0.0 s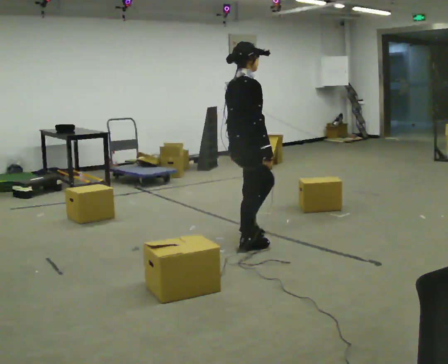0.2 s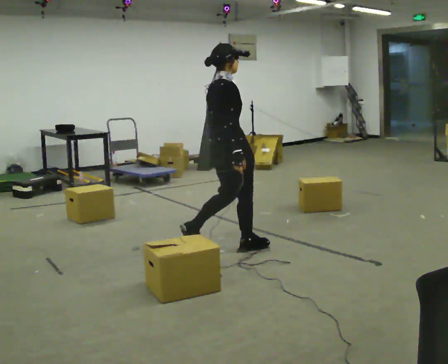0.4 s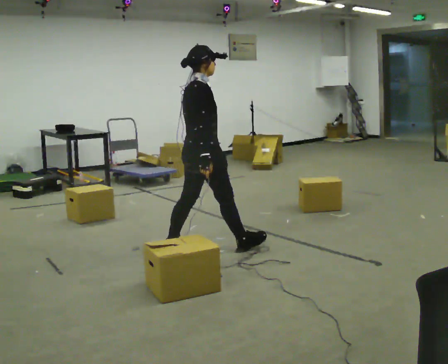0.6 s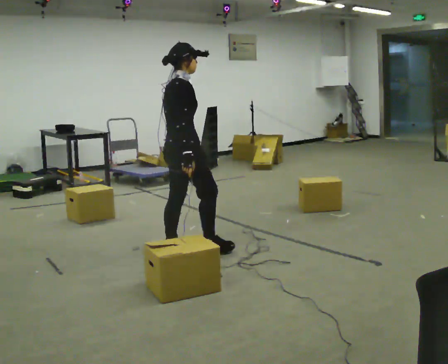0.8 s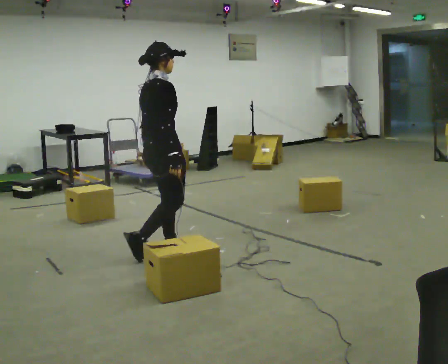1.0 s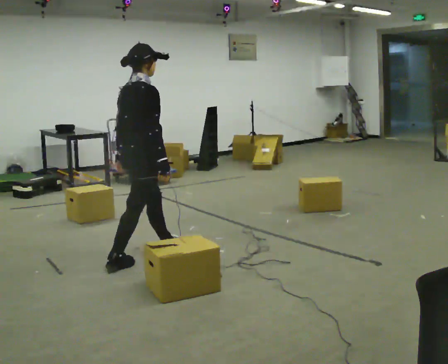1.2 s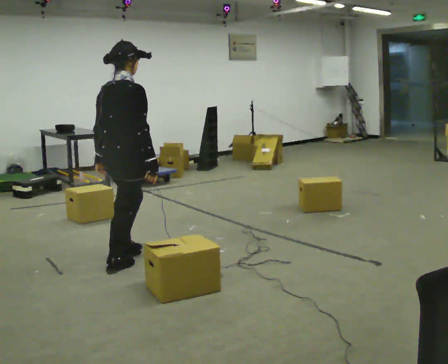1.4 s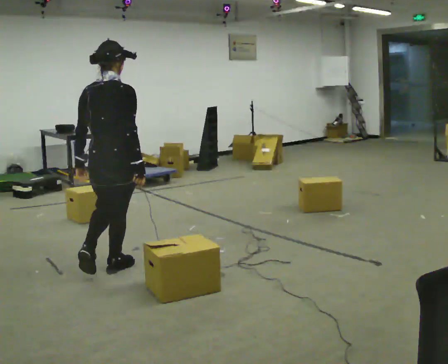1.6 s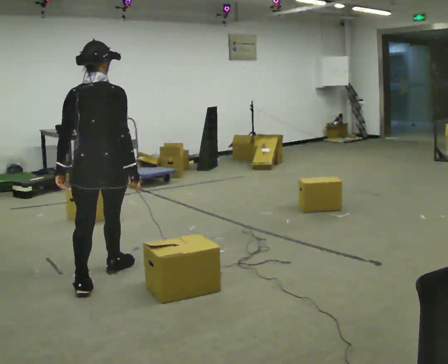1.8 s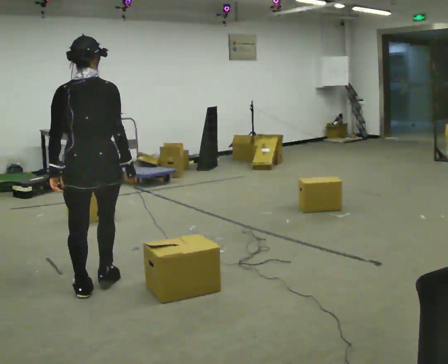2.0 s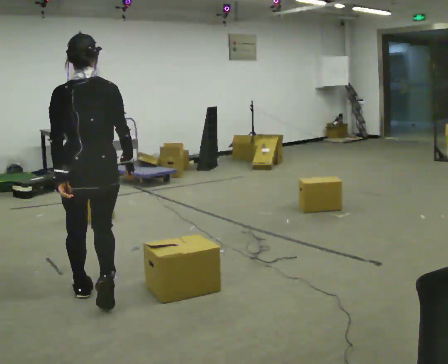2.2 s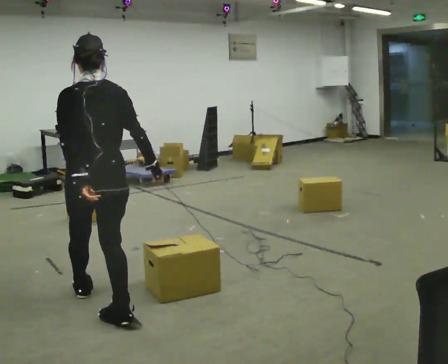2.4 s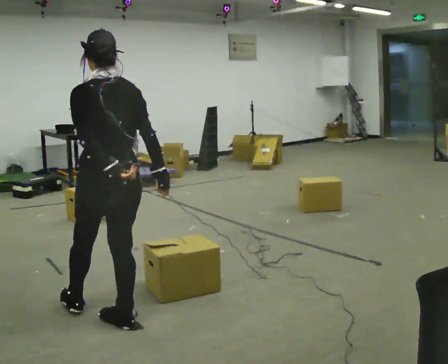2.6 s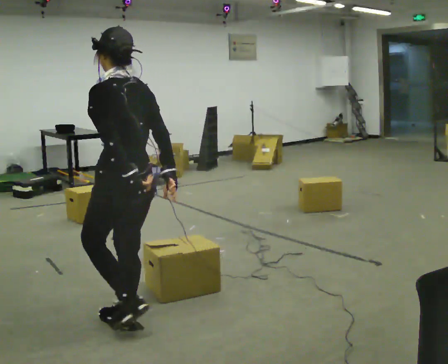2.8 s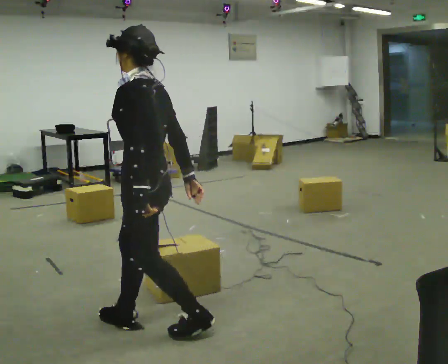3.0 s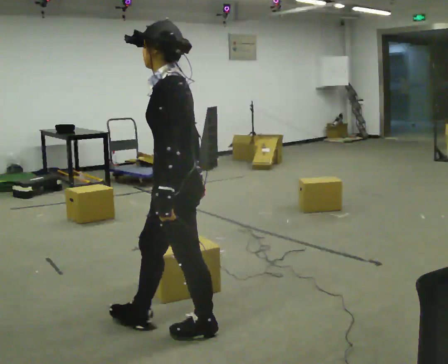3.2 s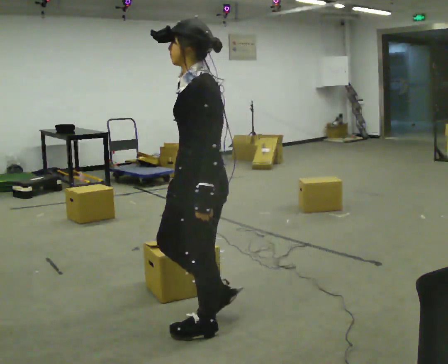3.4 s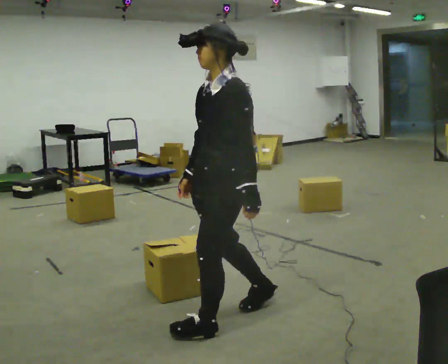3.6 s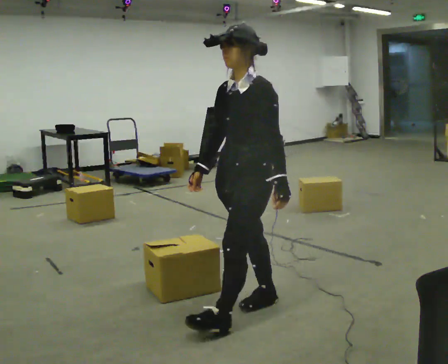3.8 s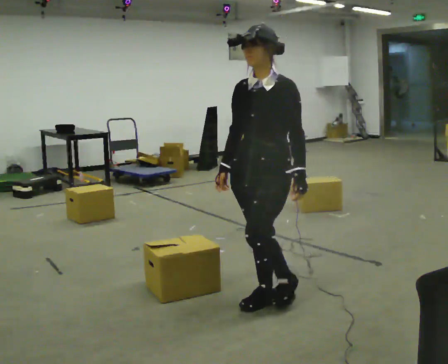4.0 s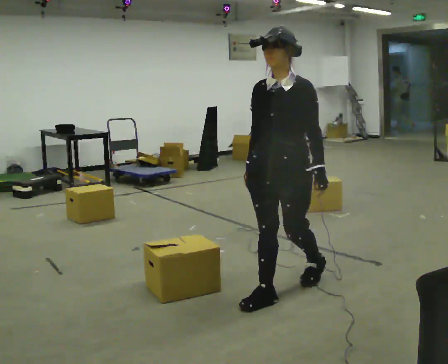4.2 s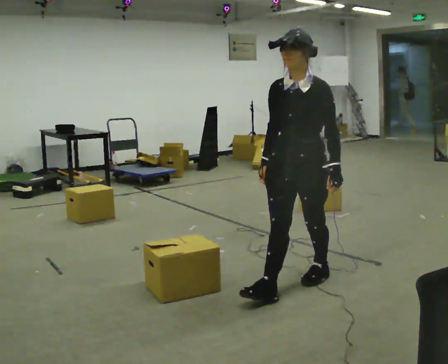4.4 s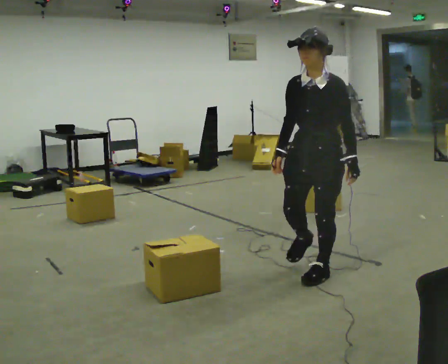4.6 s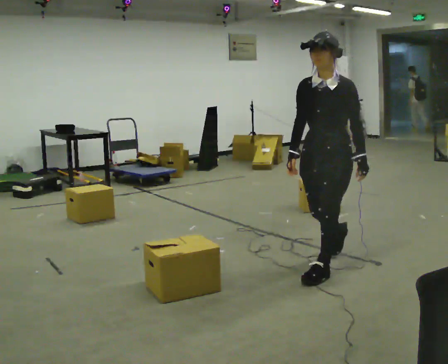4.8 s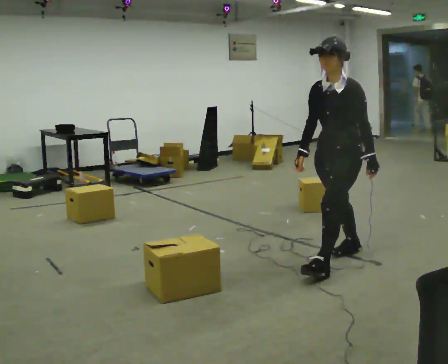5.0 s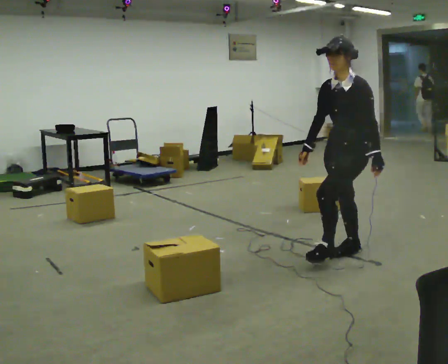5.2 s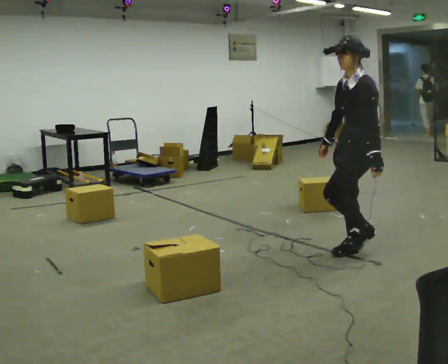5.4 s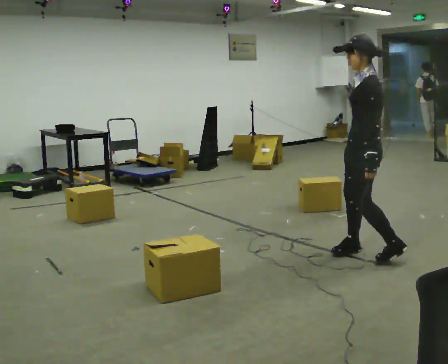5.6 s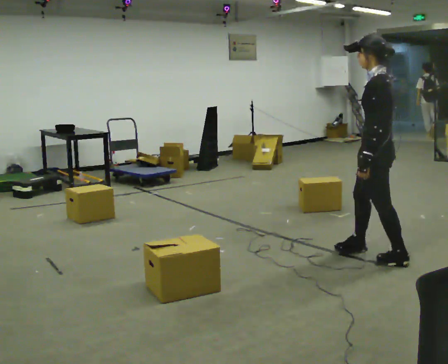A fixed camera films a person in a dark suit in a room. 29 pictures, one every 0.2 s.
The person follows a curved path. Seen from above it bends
counterclockwise.
0.0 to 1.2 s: The part of the body nearest the lens slides to the right as the person turns to their left by about 30 degrees. In the picture they go to the left, about 1 m in 2 steps, which for them is backward.
1.2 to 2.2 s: Seen from above the body turns counterclockwise, about 60 degrees: to their left, with its near side sliding to the right. In the picture they go toward the camera, about 0.75 m in 1 step.
2.2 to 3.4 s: Seen from above the body turns counterclockwise, about 90 degrees: to their left, with its near side sliding to the right. In the picture they go to the right and toward the camera, about 0.75 m in 2 steps.
3.4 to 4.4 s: The person turns about 30 degrees to their left, counterclockwise seen from above, so the part of the body nearest the lens slides to the right. In the picture they go to the right and away from the camera, about 1 m in 2 steps, which for them is backward.
4.4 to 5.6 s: The person turns about 75 degrees to their right, clockwise seen from above, so the part of the body nearest the lens slides to the left. In the picture they go to the right, about 0.5 m in 2 steps.
The film runs backward here.
